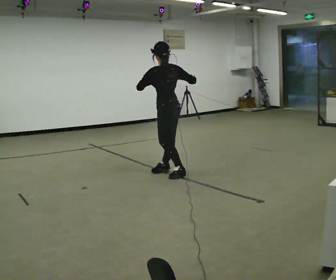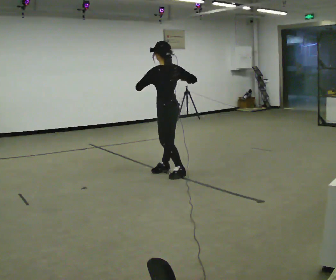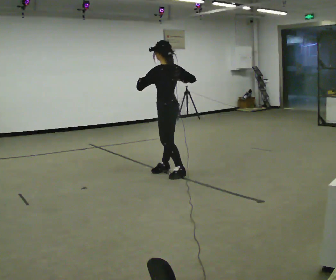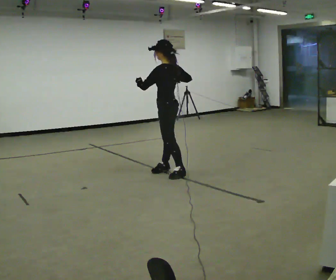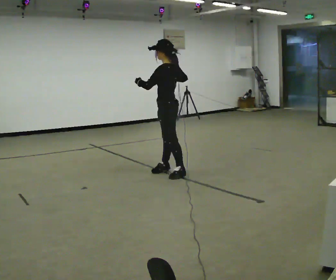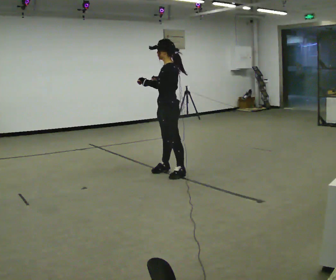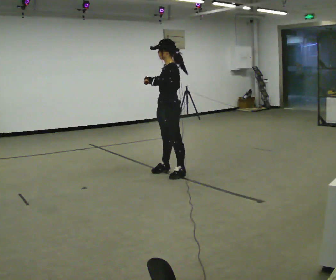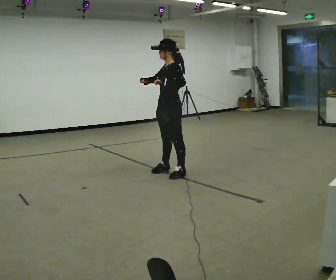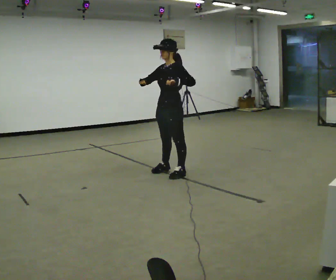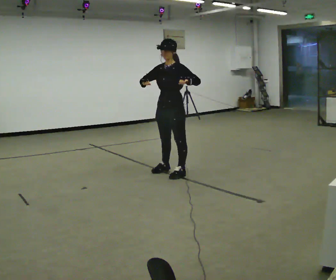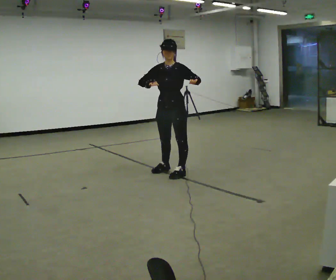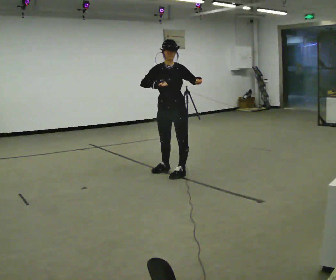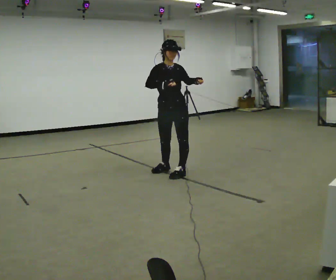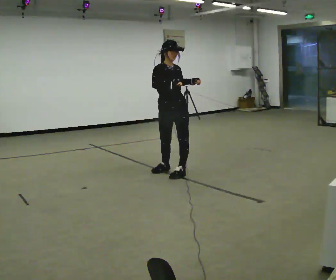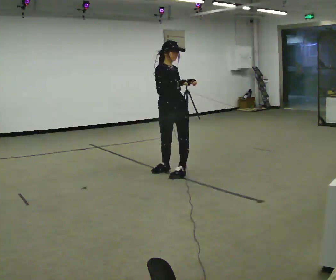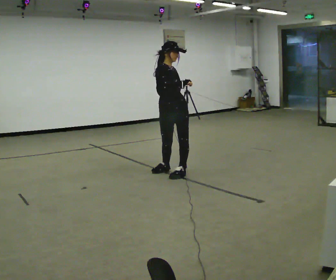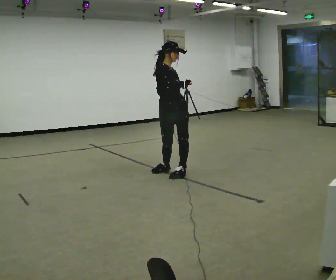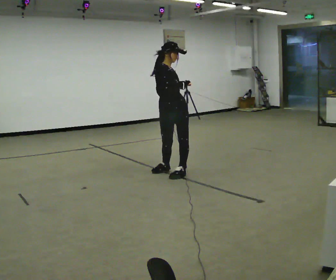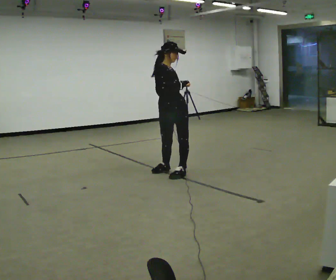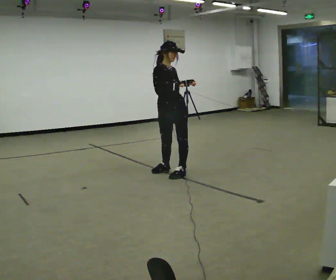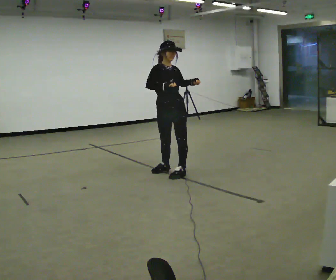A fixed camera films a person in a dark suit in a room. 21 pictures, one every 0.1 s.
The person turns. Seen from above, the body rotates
counterclockwise.
The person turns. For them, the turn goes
to their left.
0.0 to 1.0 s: The person turns about 105 degrees to their left, counterclockwise seen from above, so the part of the body nearest the lens slides to the right. In the picture their right hand goes to the left.
1.0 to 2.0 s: Seen from above the body turns counterclockwise, about 45 degrees: to their left, with its near side sliding to the right.
The film runs backward here.
